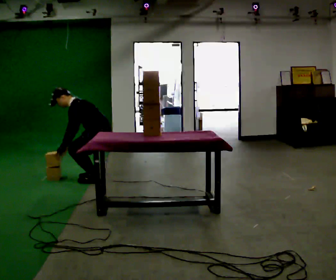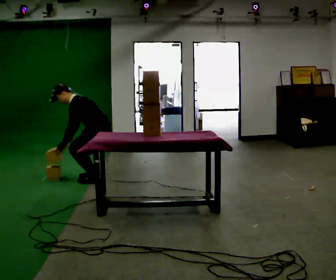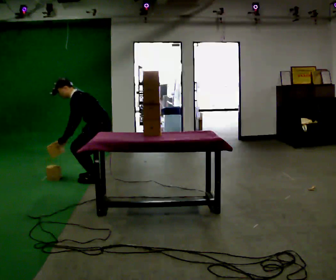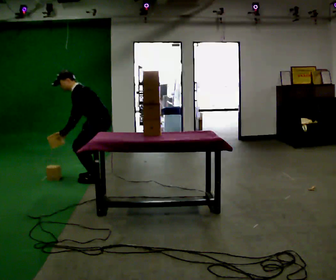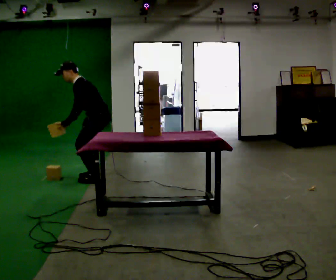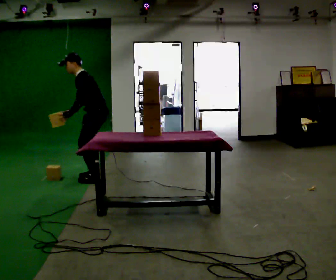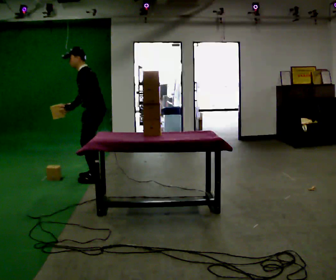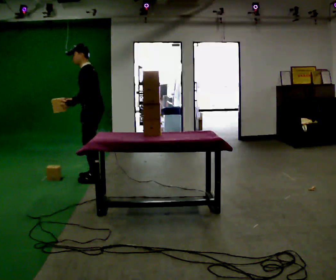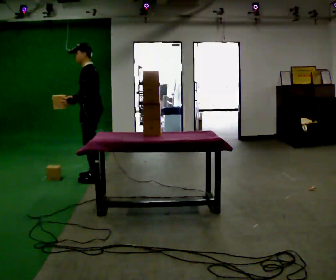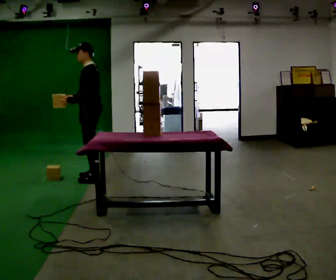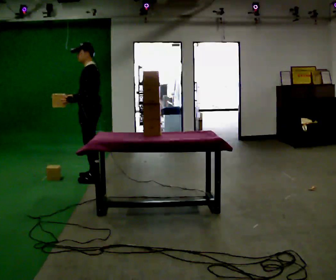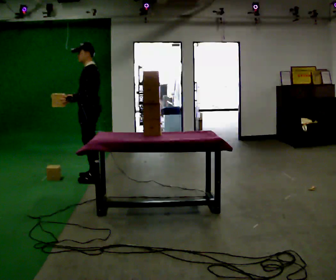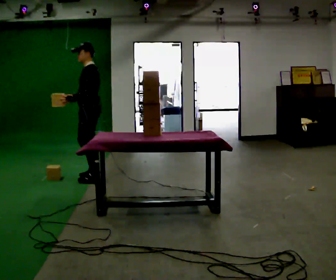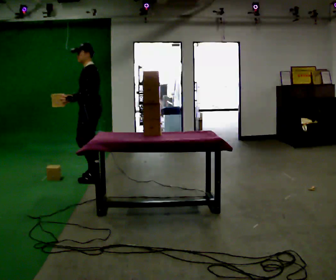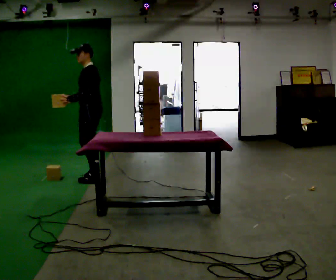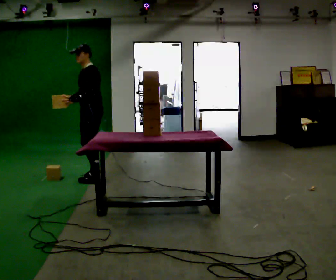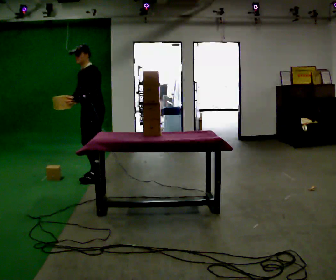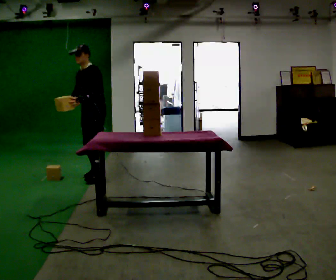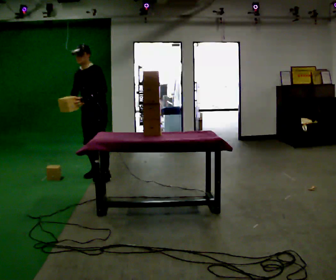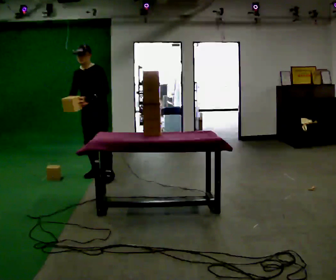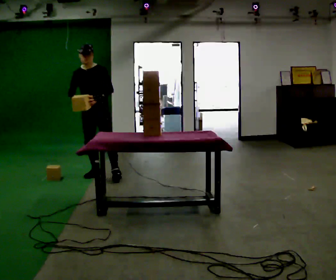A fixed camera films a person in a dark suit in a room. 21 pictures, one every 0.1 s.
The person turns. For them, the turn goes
to their left.
The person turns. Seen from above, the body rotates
counterclockwise.
0.0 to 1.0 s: The shoulders move upward. In the picture the upper body tilts clockwise, shoulders to the right, as they lean back or straighten. In the picture their right hand goes upward.
1.0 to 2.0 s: The person turns about 75 degrees to their left, counterclockwise seen from above, so the part of the body nearest the lens slides to the right. In the picture they go away from the camera, about 0.25 m in 1 step. In the picture their left hand goes to the right, the arm swinging counterclockwise.
The film runs forward here.
